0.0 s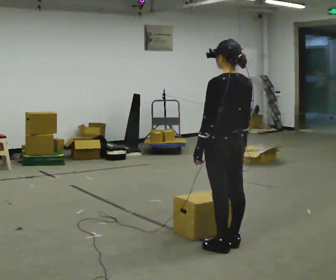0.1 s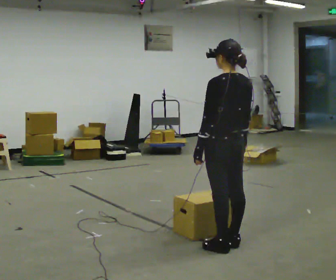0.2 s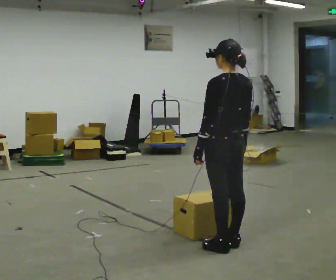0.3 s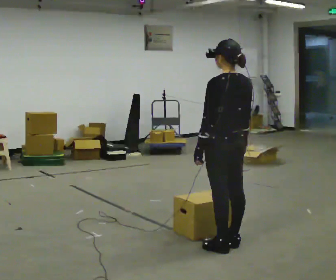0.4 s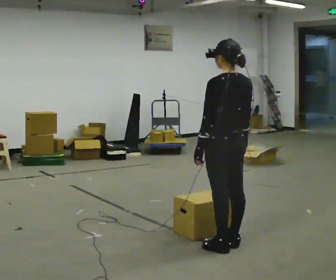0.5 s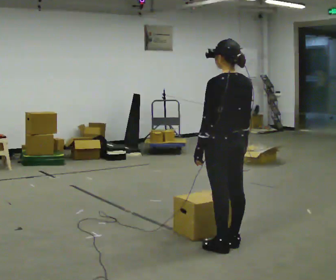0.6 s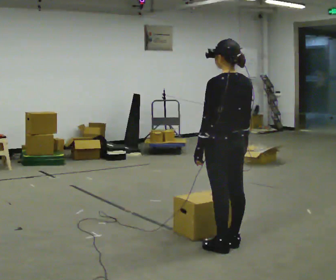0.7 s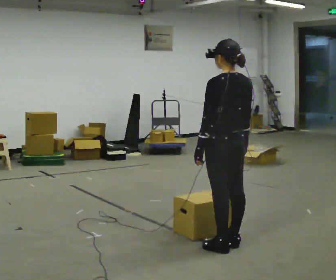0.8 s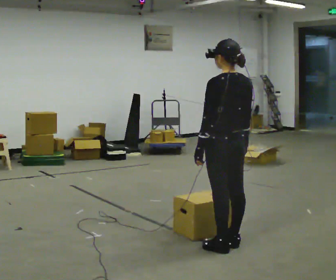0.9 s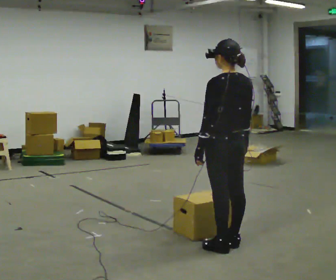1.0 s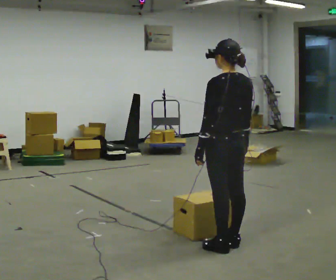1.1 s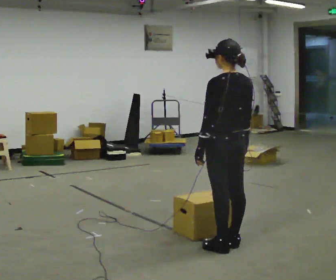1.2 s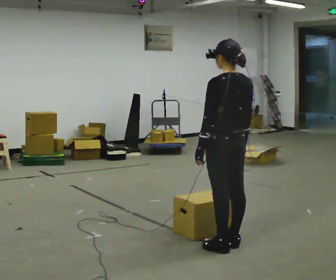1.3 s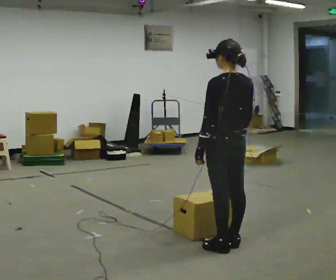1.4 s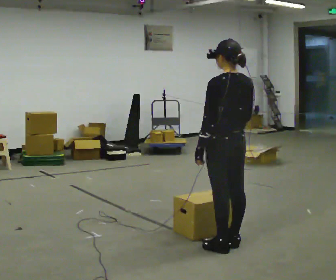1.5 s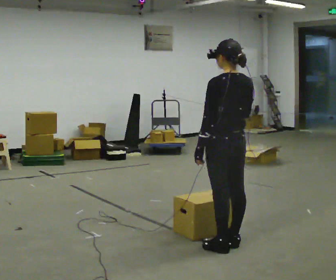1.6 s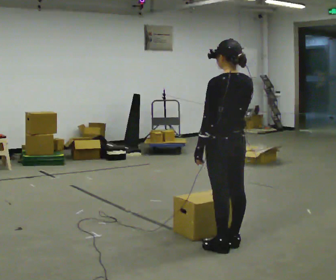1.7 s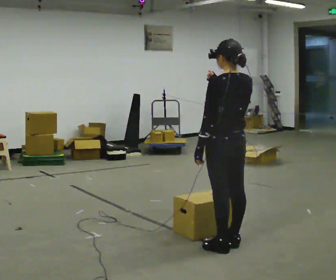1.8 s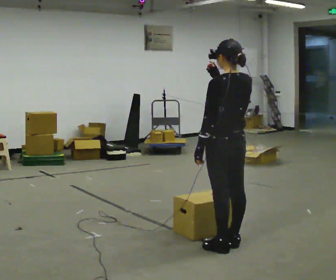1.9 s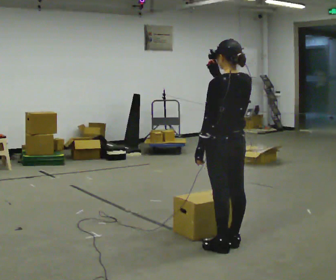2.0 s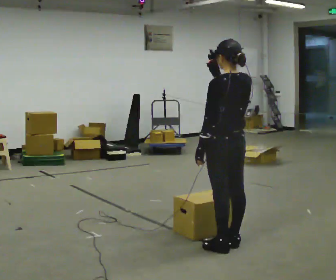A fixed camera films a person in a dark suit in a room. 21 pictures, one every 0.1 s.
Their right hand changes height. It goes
upward.
0.0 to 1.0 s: The person keeps their place and pose.
1.0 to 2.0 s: In the picture their right hand goes upward.
The film runs forward here.
